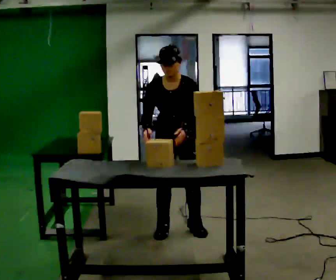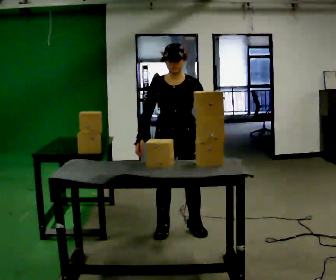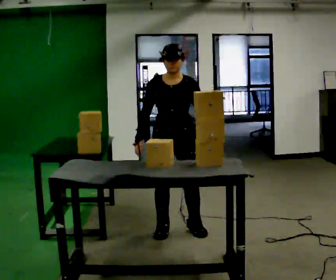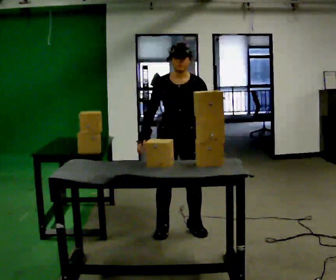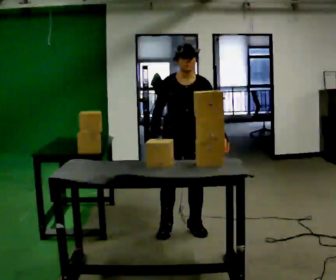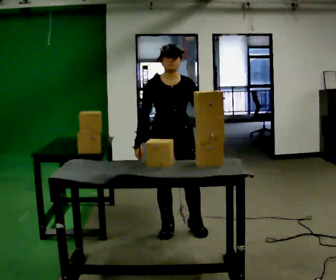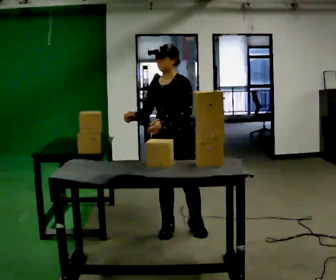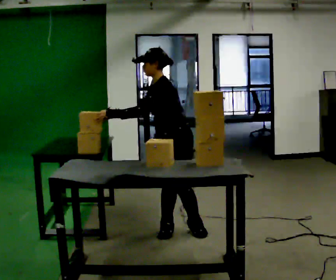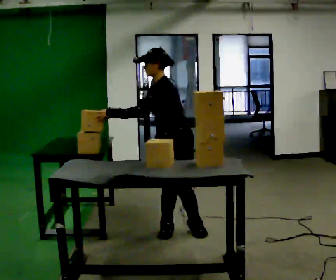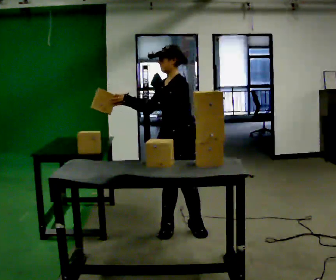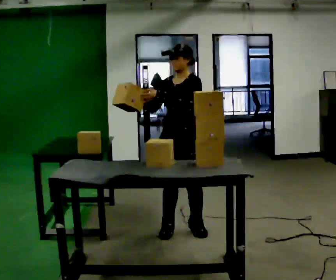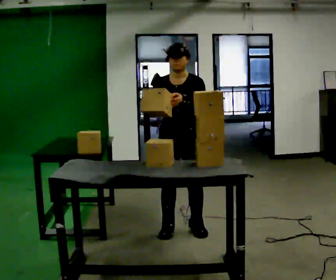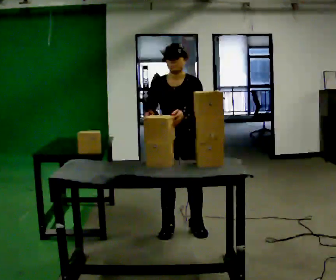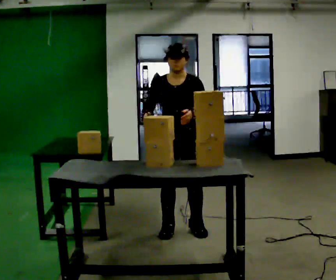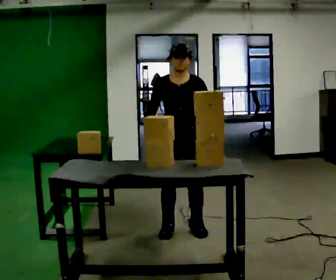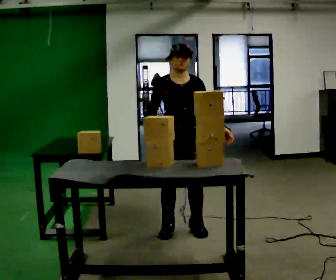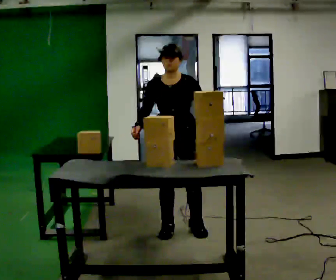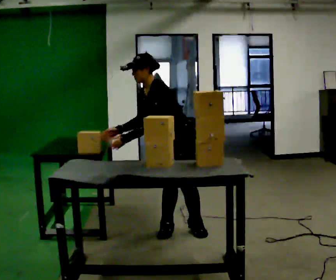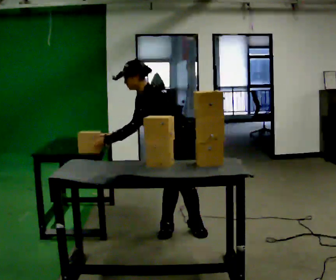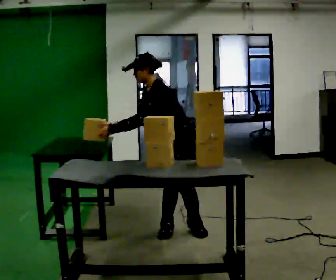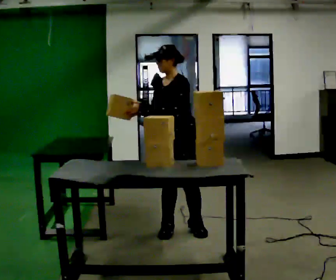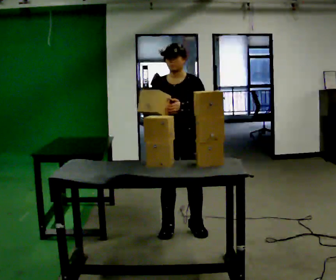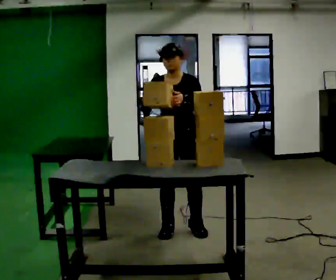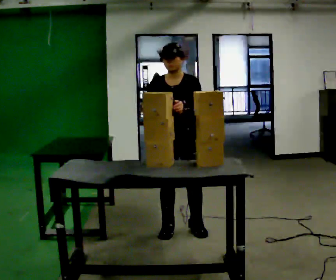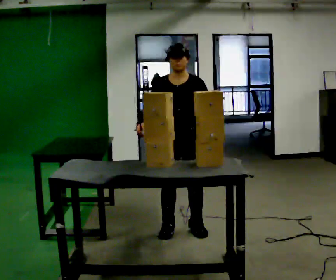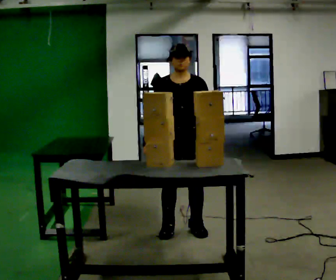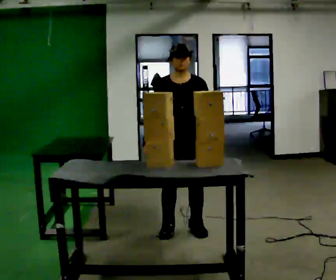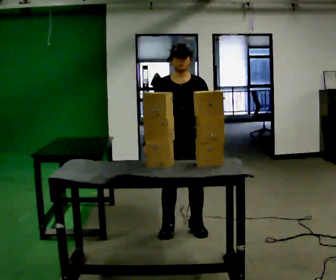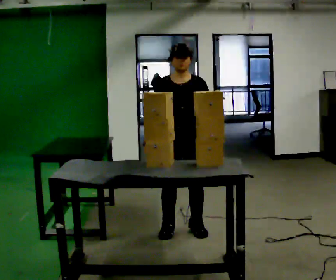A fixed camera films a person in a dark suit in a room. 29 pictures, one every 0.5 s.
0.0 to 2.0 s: In the picture their left hand goes to the right.
2.0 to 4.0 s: The part of the body nearest the lens slides to the left as the person turns to their right by about 75 degrees. In the picture the upper body tilts counterclockwise, shoulders to the left. In the picture their left hand goes to the left.
4.0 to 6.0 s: The person turns about 60 degrees to their left, counterclockwise seen from above, so the part of the body nearest the lens slides to the right. In the picture the upper body tilts clockwise, shoulders to the right. In the picture their left hand goes to the right.
6.0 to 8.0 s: The person moves a little, or ends about where they began.
8.0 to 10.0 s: The person turns about 45 degrees to their right, clockwise seen from above, so the part of the body nearest the lens slides to the left. In the picture their left hand goes to the left.
10.0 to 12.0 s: The part of the body nearest the lens slides to the right as the person turns to their left by about 45 degrees. In the picture their left hand goes to the right.
12.0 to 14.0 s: The person moves a little, or ends about where they began.
The film runs backward here.
